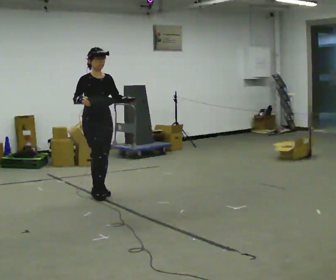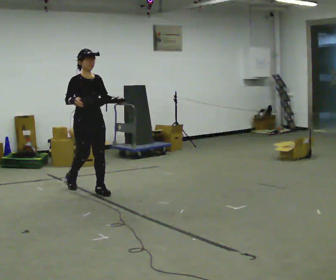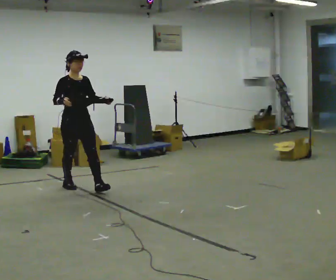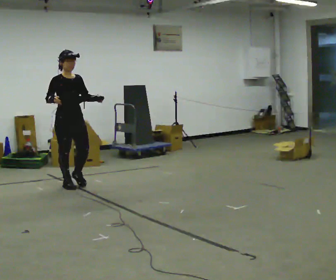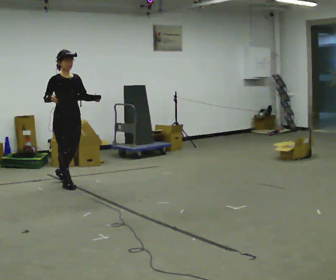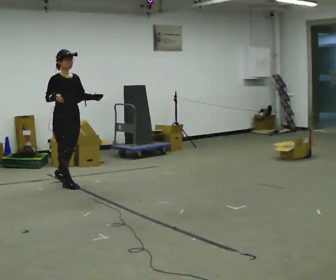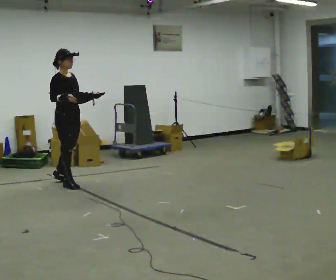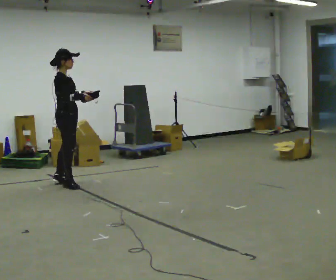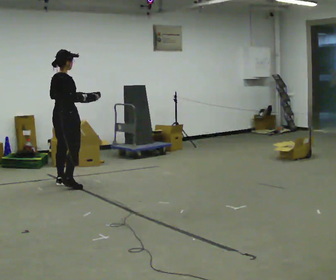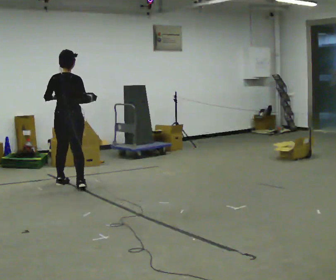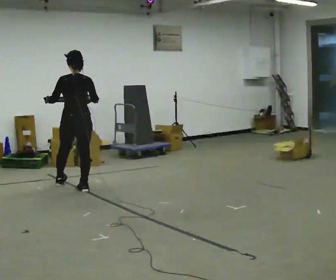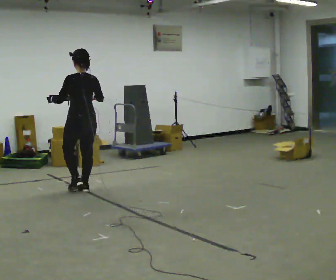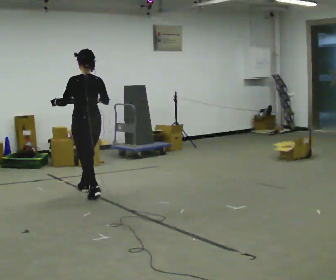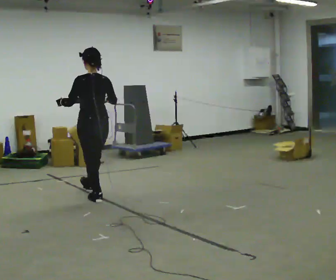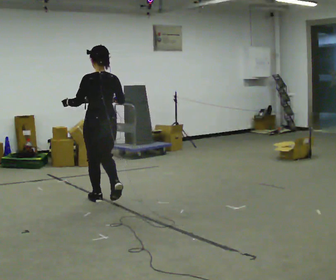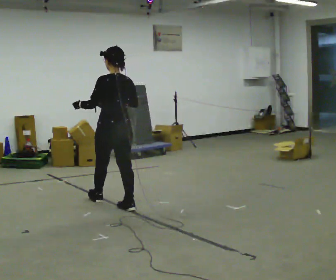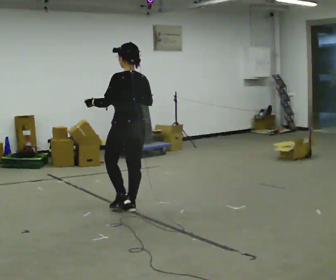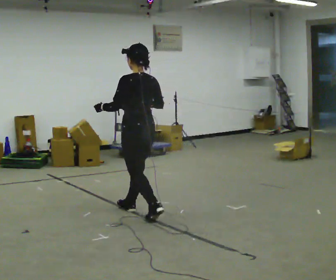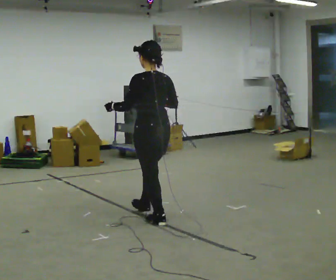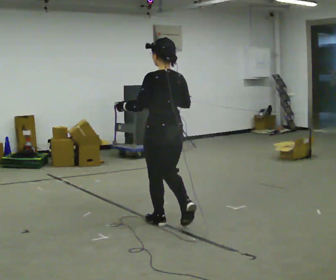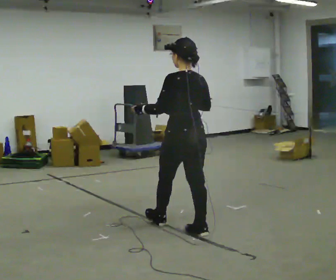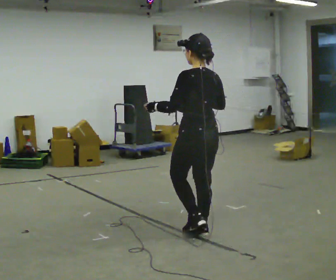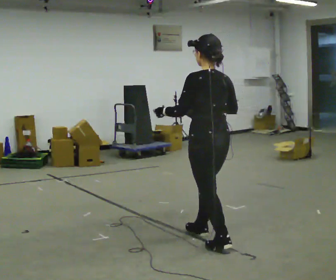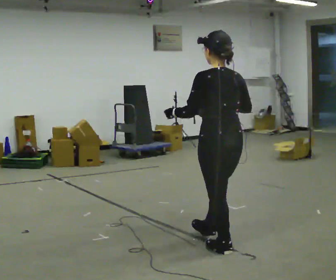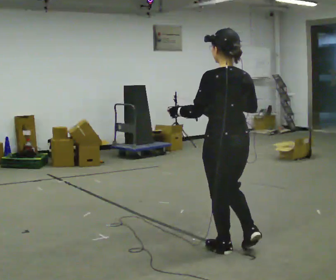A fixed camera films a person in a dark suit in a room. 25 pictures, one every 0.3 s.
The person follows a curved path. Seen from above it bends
clockwise.
0.0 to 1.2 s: In the picture they go to the left and away from the camera, about 0.5 m in 1 step, which for them is backward.
1.2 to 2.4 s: The part of the body nearest the lens slides to the right as the person turns to their left by about 90 degrees. In the picture their left hand goes to the left.
2.4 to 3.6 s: The person turns about 75 degrees to their left, counterclockwise seen from above, so the part of the body nearest the lens slides to the right. In the picture they go toward the camera and to the right, about 0.5 m in 1 step.
3.6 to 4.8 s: In the picture they go toward the camera and to the right, about 1 m in 2 steps, which for them is backward.
4.8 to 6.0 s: In the picture they go toward the camera and to the right, about 1 m in 2 steps, which for them is backward.
6.0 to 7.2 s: In the picture they go toward the camera and to the right, about 0.5 m in 1 step, which for them is backward.
The film runs backward here.
